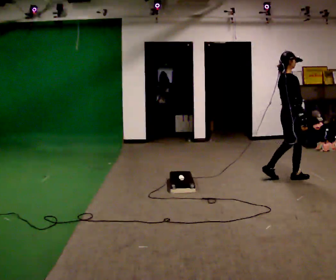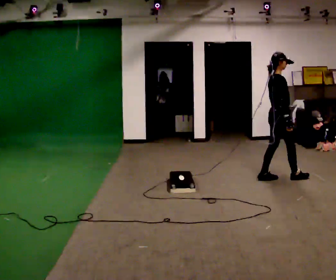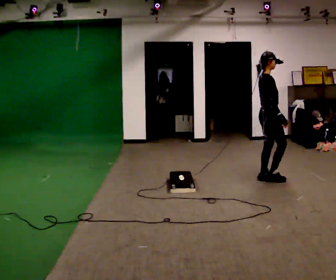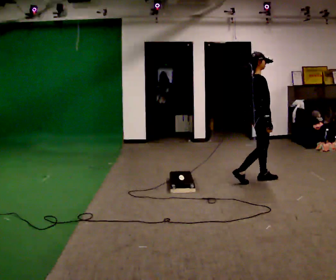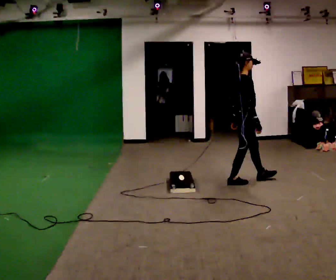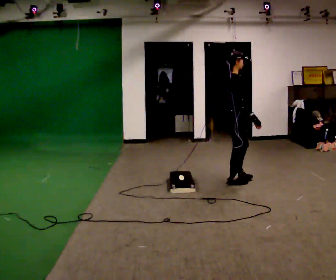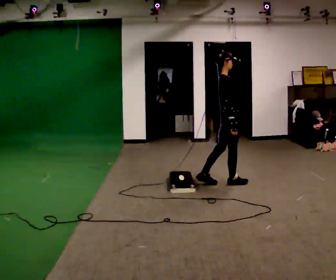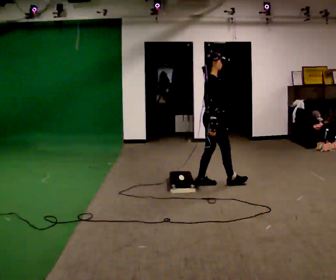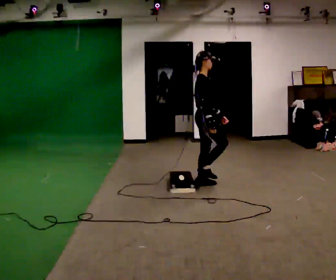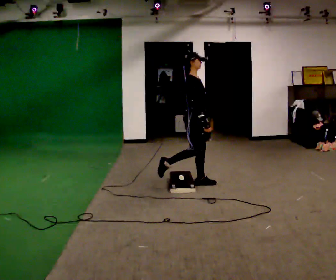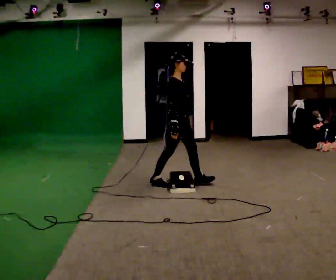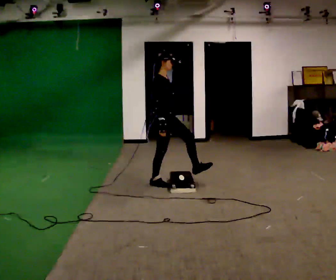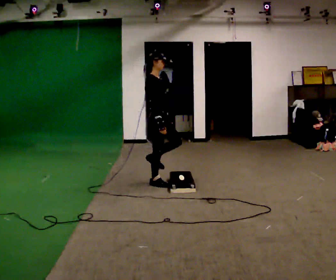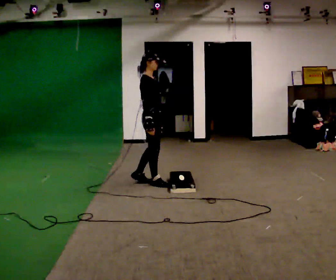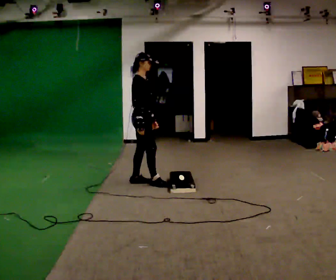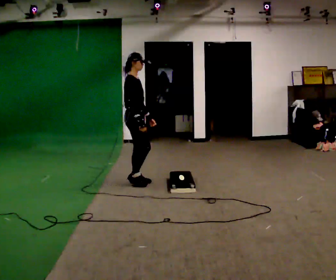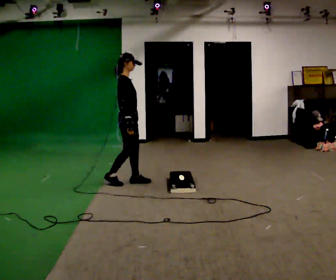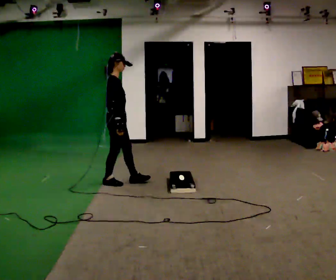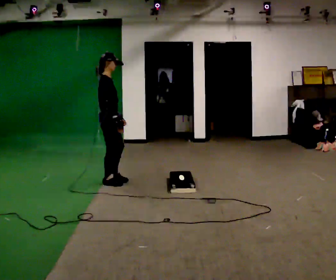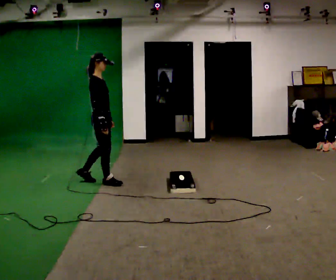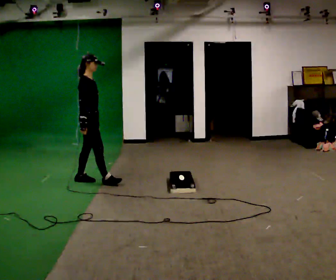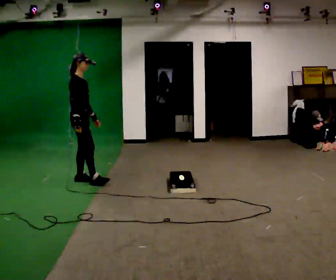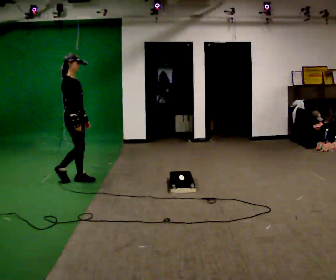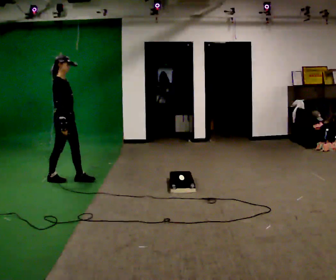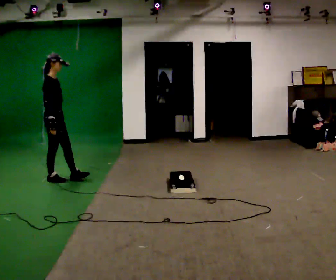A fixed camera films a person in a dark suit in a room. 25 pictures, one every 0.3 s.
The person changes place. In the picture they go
to the left.
0.0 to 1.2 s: In the picture they go to the left, about 0.5 m in 1 step, which for them is backward.
1.2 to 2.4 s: In the picture they go to the left, about 0.5 m in 2 steps, which for them is backward.
2.4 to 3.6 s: In the picture they go to the left, about 0.5 m in 1 step, which for them is backward.
3.6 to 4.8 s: In the picture they go to the left, about 0.25 m in 1 step, which for them is backward.
4.8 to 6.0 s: In the picture they go to the left, about 0.5 m in 1 step, which for them is backward.
6.0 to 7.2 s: In the picture they go to the left, about 0.5 m in 2 steps, which for them is backward.
The film runs backward here.
